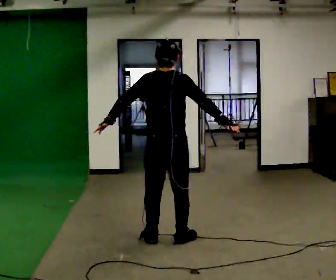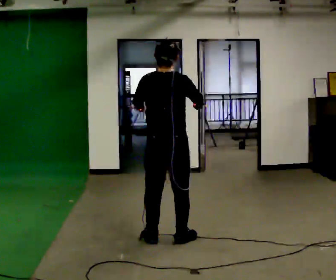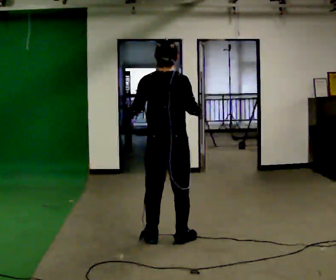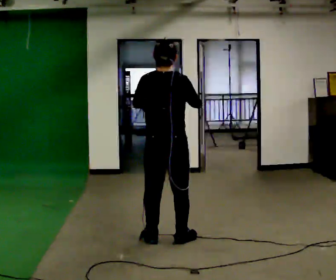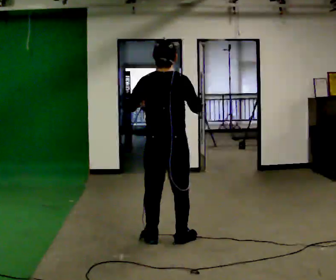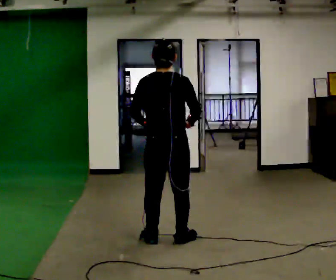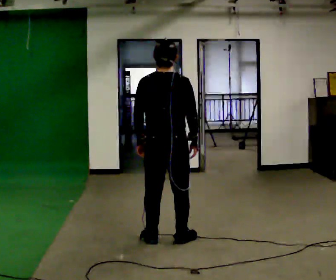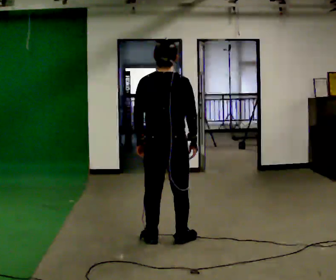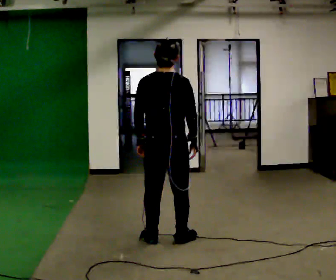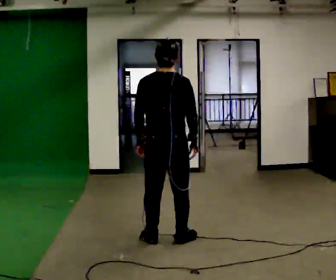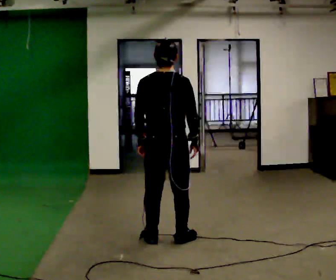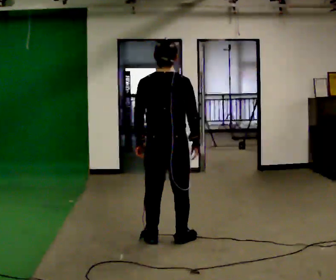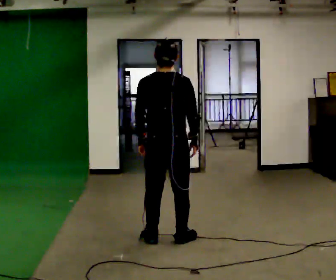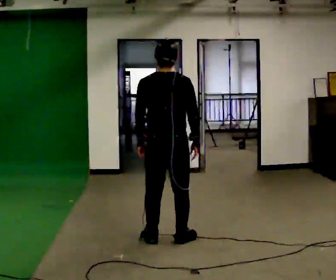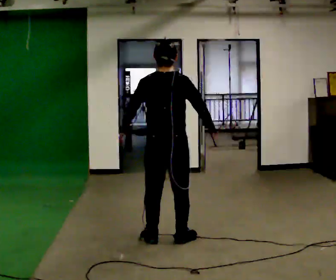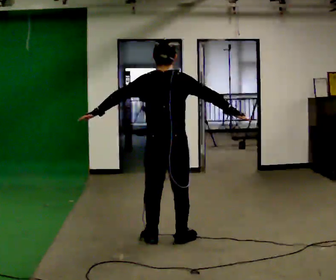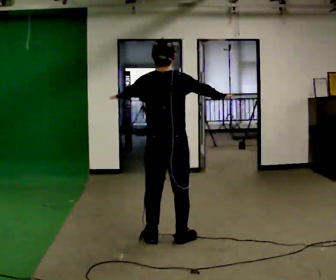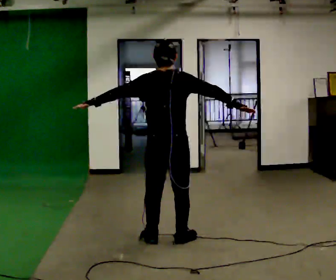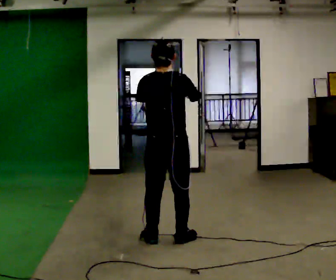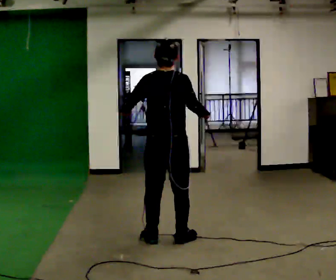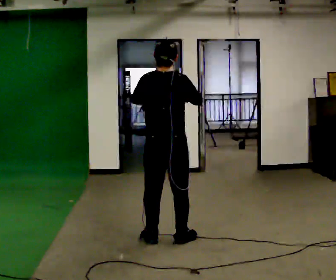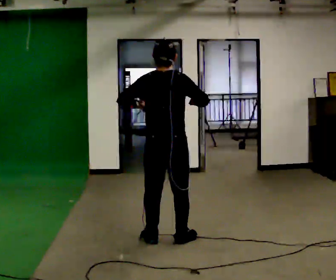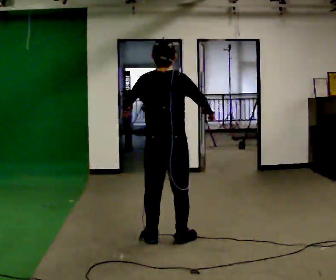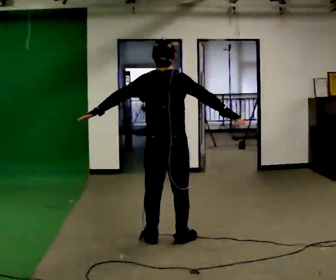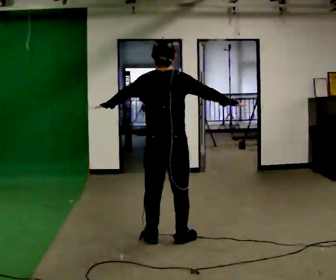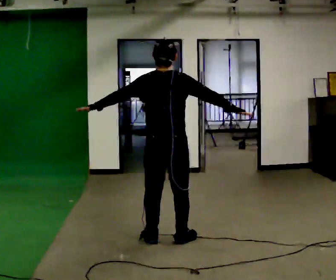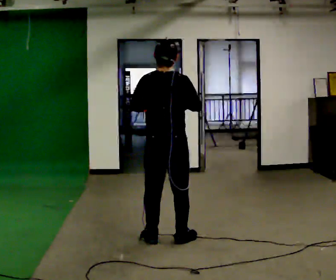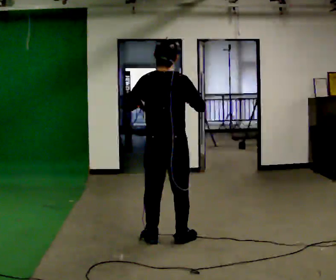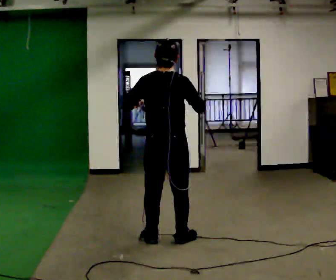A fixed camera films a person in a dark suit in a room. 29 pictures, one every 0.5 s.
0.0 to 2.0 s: The person moves a little, or ends about where they began.
2.0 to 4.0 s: In the picture their right hand goes downward.
4.0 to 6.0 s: The person moves a little, or ends about where they began.
6.0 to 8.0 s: In the picture their left hand goes upward, the arm swinging clockwise.
8.0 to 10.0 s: In the picture their right hand goes to the left.
10.0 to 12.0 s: In the picture their right hand goes to the right.
12.0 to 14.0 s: The person moves a little, or ends about where they began.
The film runs backward here.
